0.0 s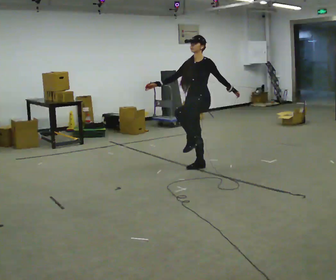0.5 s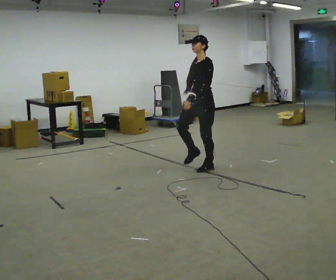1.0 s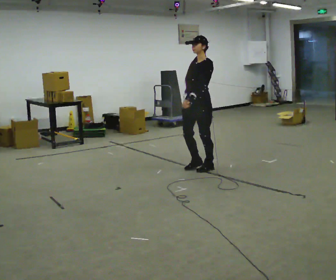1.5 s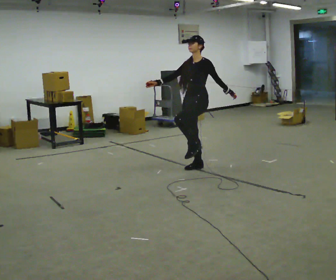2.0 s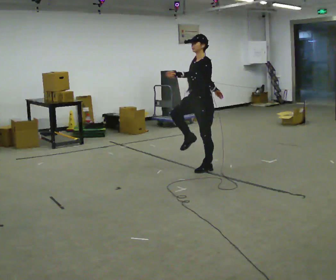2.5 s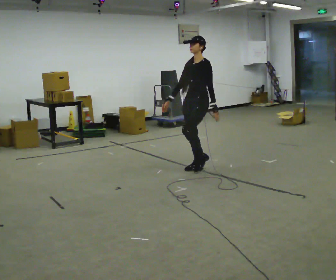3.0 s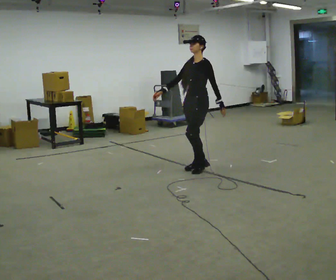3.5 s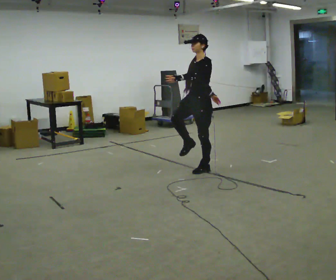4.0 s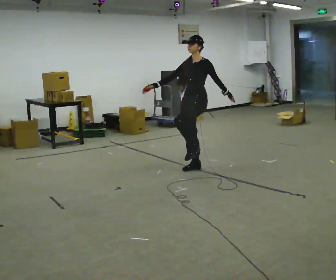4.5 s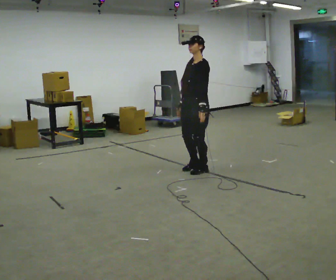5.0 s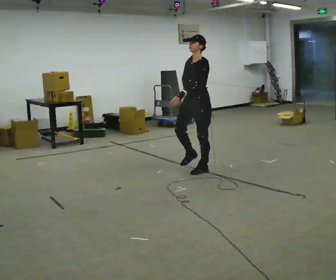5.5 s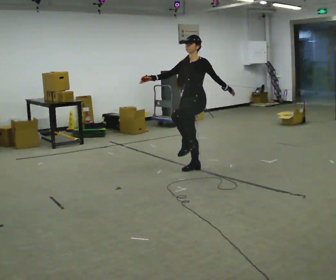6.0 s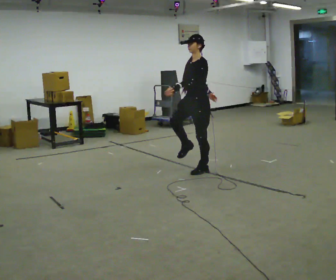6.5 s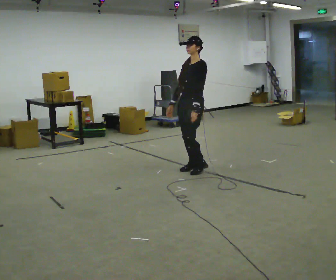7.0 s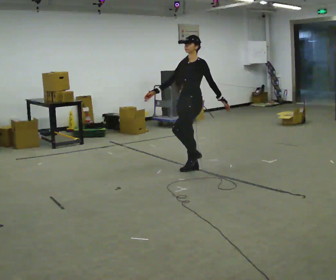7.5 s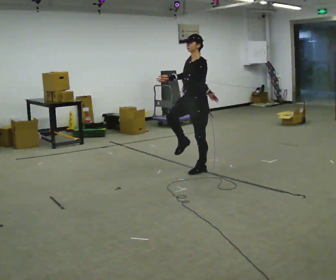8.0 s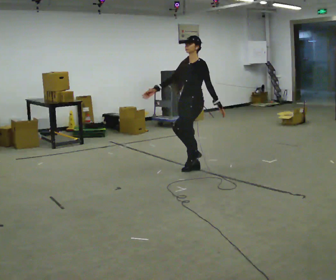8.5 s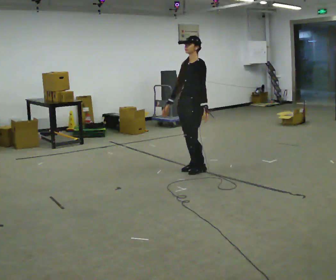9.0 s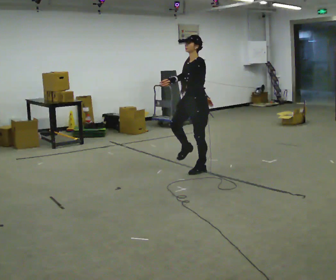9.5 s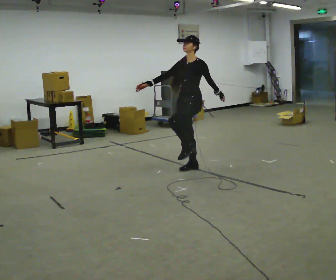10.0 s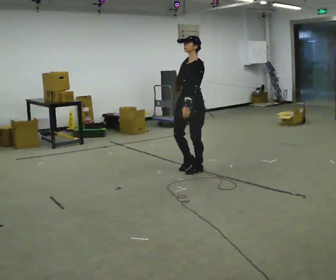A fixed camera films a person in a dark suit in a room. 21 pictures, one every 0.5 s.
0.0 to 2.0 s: In the picture their left hand goes to the left.
2.0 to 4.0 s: In the picture their left hand goes to the right.
4.0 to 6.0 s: In the picture their left hand goes to the left.
6.0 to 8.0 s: In the picture their right hand goes to the left.
8.0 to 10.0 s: The person moves a little, or ends about where they began.
The film runs forward here.
